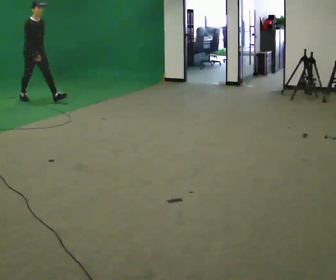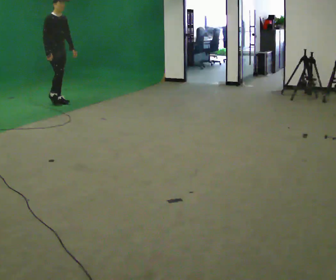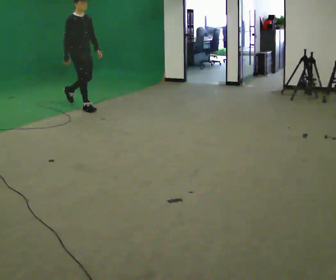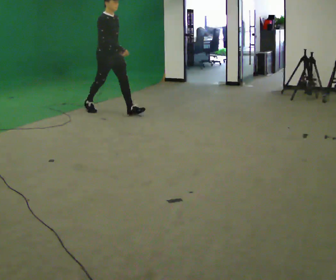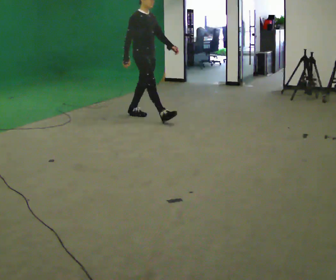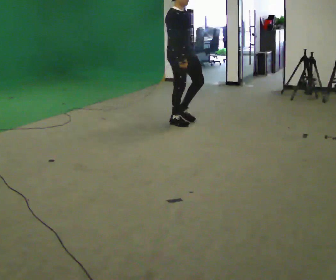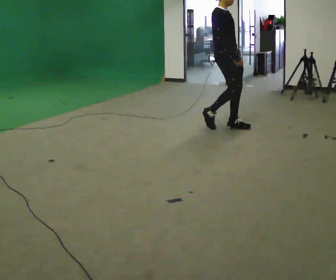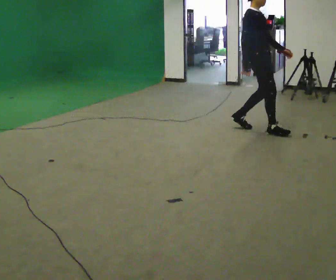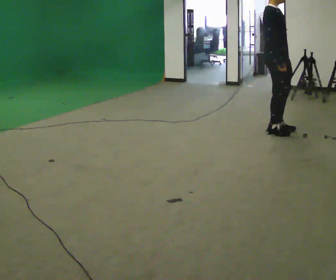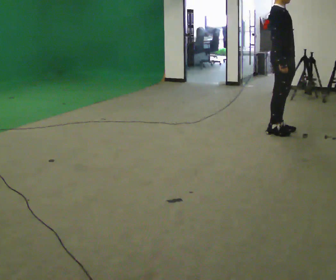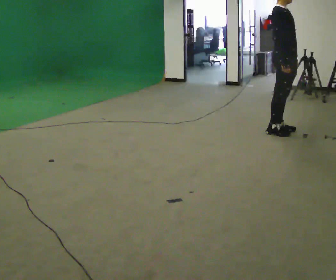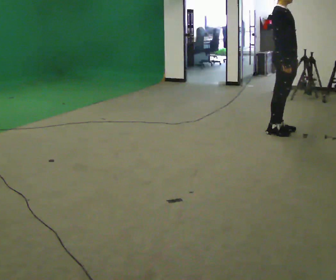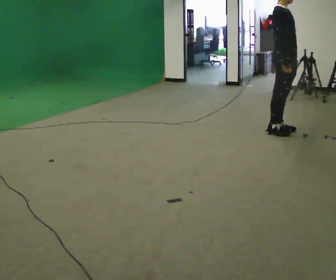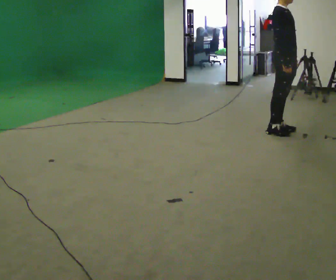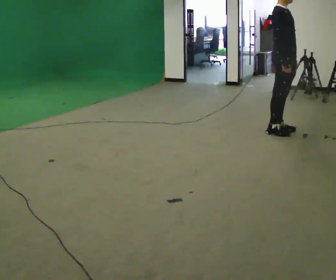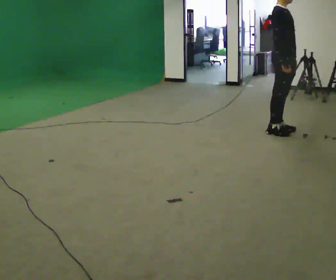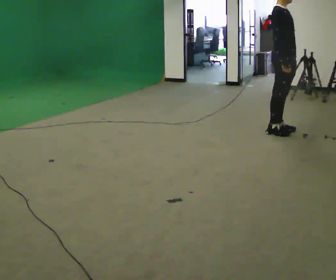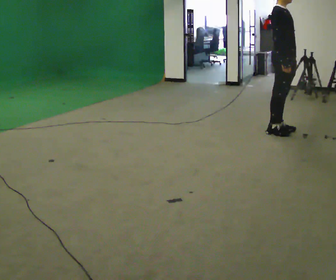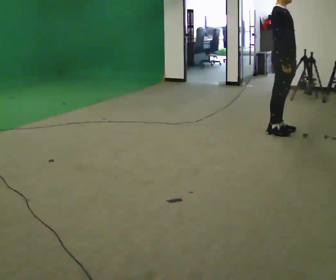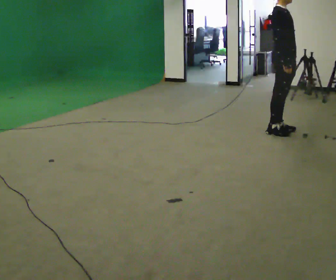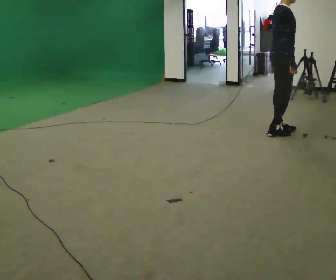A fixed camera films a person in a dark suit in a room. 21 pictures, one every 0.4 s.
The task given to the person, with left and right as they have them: Walk normally; at marked point stop as quickly as comfortably possible; remain still.
0.0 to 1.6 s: In the picture they go to the right, about 2 m in 3 steps, which for them is forward.
1.6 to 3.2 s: In the picture they go to the right, about 1.5 m in 4 steps, which for them is forward.
3.2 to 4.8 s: The person moves a little, or ends about where they began.
4.8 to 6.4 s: The person keeps their place and pose.
6.4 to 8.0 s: The part of the body nearest the lens slides to the right as the person turns to their left by about 30 degrees.
The film runs forward here.
